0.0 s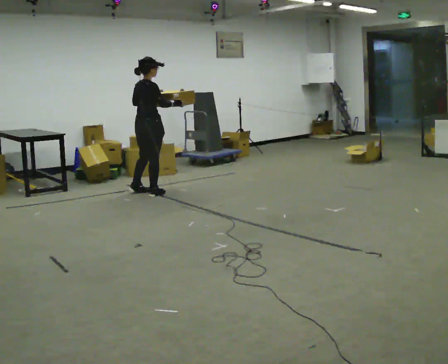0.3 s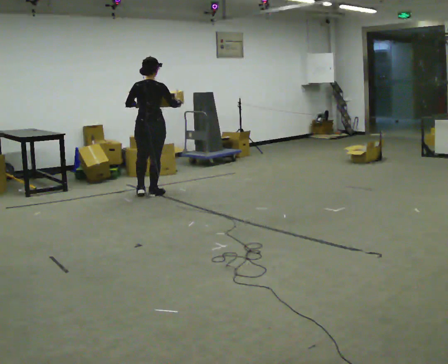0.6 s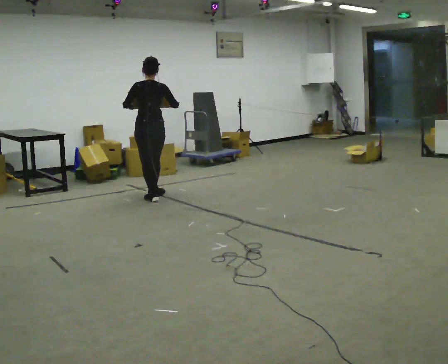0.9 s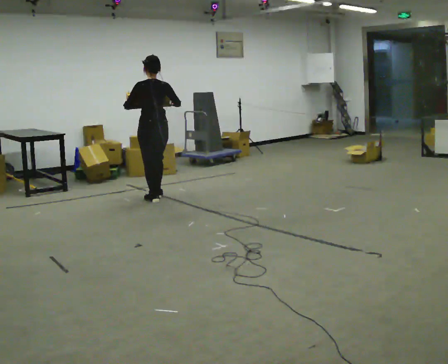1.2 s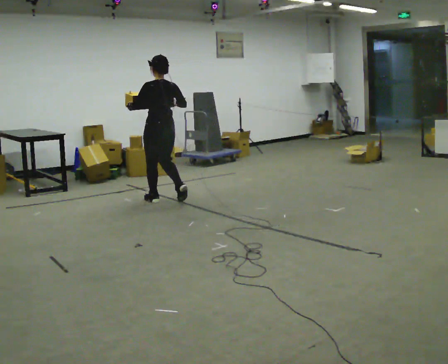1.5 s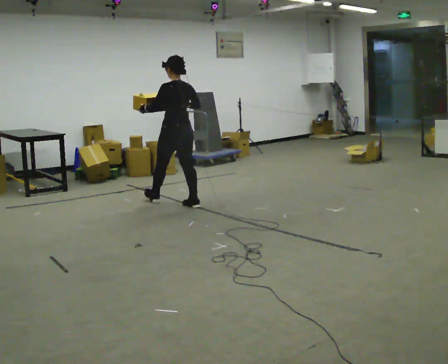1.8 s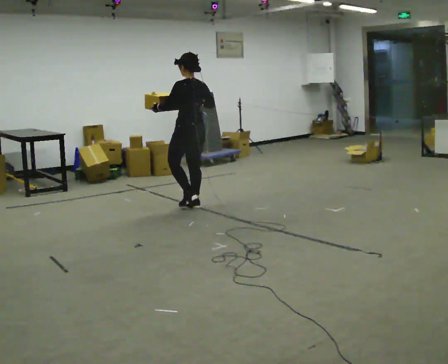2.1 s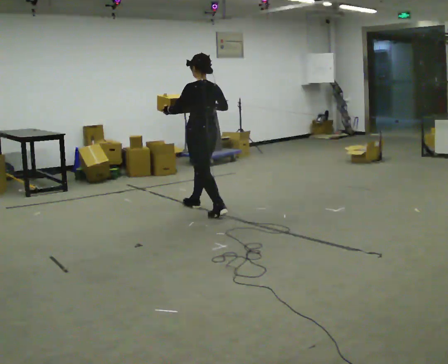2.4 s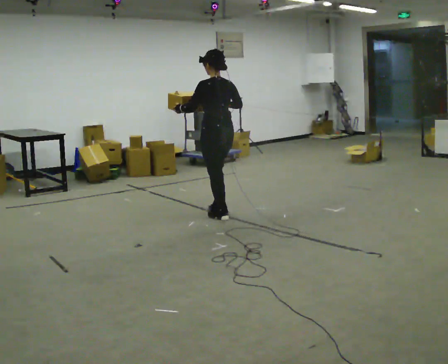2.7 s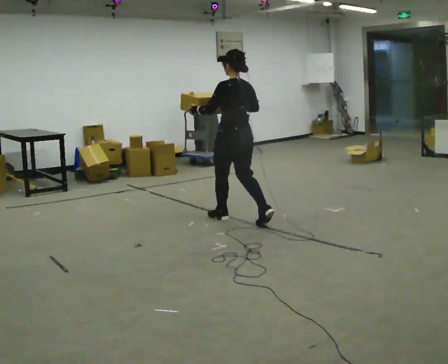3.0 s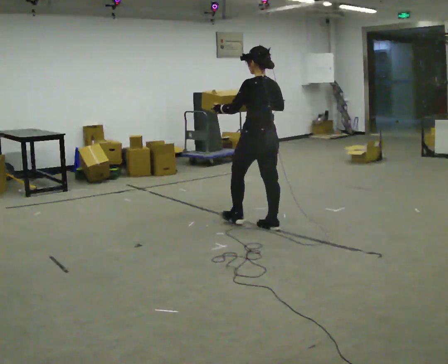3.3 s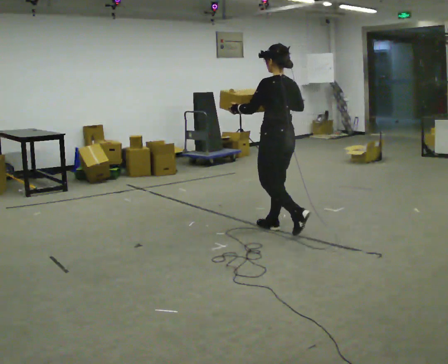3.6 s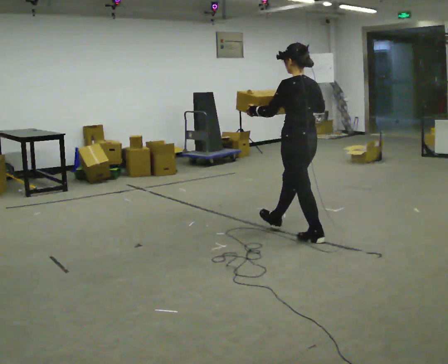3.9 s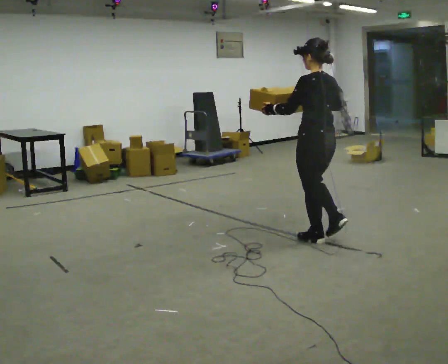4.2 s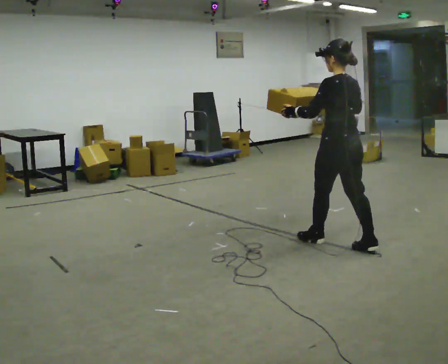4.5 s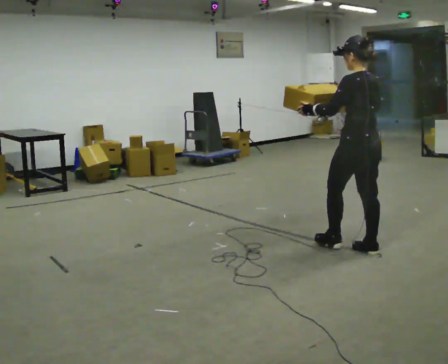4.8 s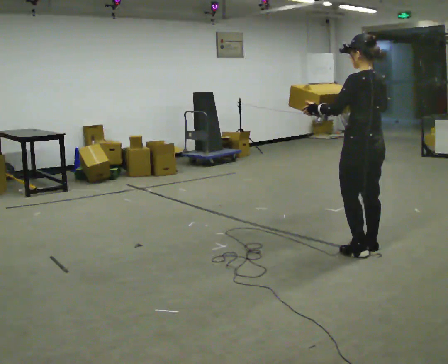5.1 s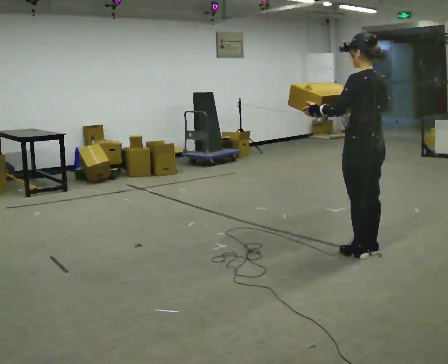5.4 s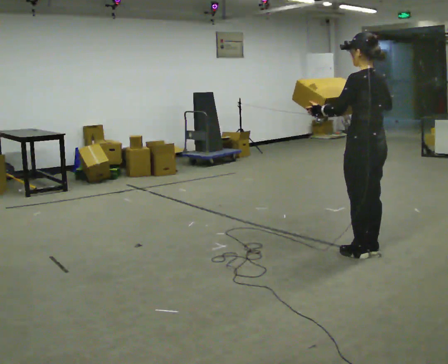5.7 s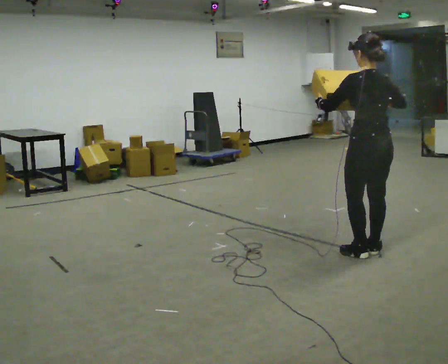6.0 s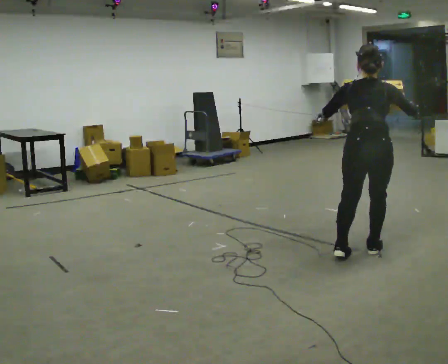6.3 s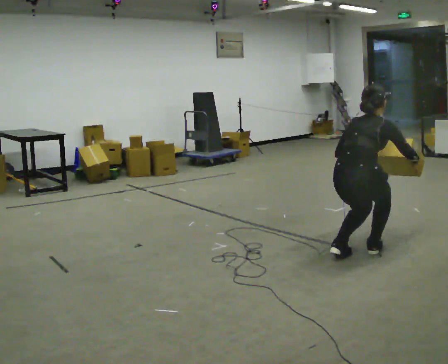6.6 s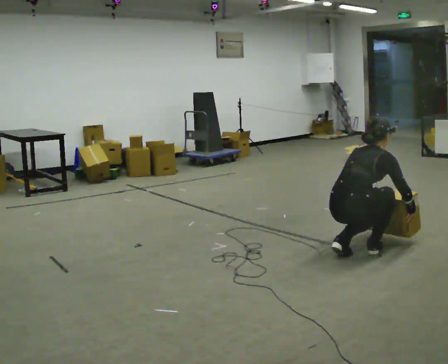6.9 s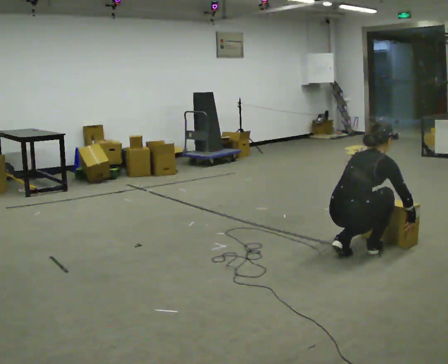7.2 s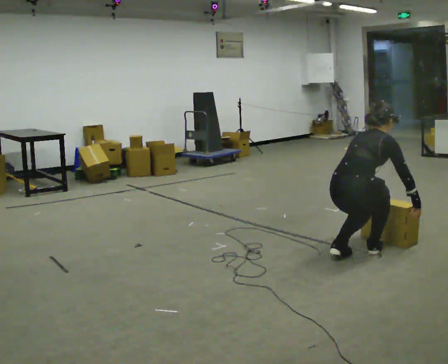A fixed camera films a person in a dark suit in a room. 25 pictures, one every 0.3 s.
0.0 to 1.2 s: The person turns about 75 degrees to their left, counterclockwise seen from above, so the part of the body nearest the lens slides to the right. In the picture they go toward the camera and to the right, about 0.5 m in 2 steps.
1.2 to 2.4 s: In the picture they go to the right and toward the camera, about 1 m in 2 steps, which for them is backward.
2.4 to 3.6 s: In the picture they go to the right and toward the camera, about 1 m in 2 steps, which for them is backward.
3.6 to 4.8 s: In the picture they go to the right and toward the camera, about 0.75 m in 1 step, which for them is backward.
4.8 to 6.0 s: The person turns about 45 degrees to their right, clockwise seen from above, so the part of the body nearest the lens slides to the left. In the picture their right hand goes to the right.
6.0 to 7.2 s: The person turns about 30 degrees to their right, clockwise seen from above, so the part of the body nearest the lens slides to the left. In the picture the upper body tilts clockwise, shoulders to the right, as they bend forward. In the picture their right hand goes downward.
The film runs backward here.
